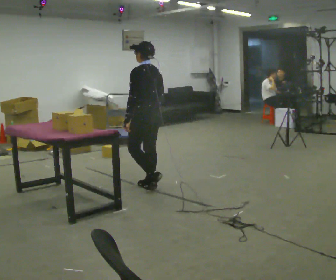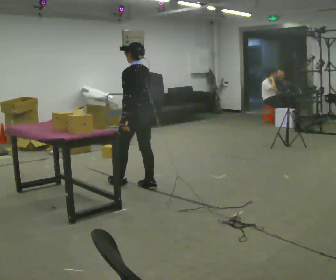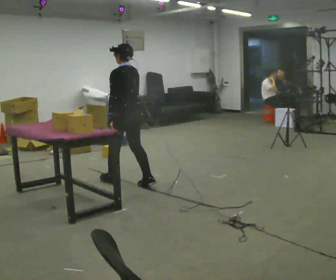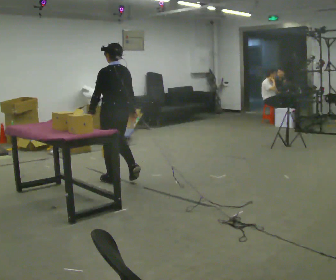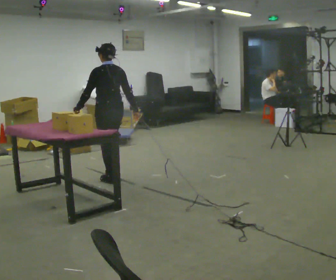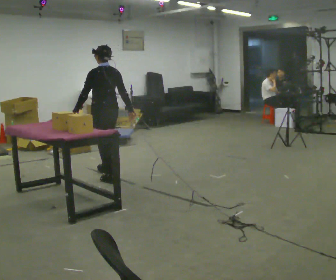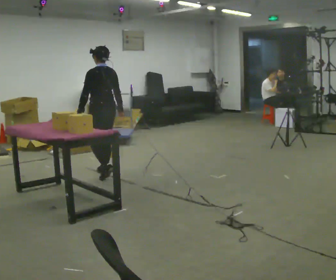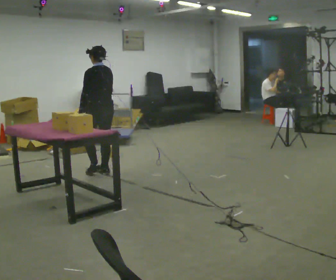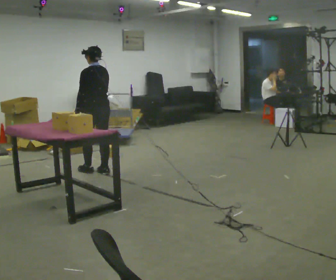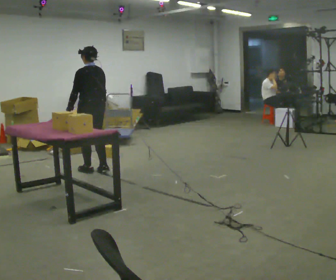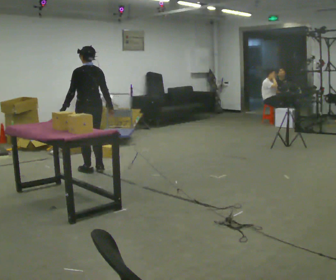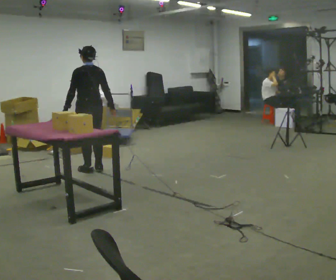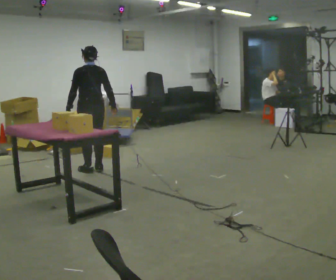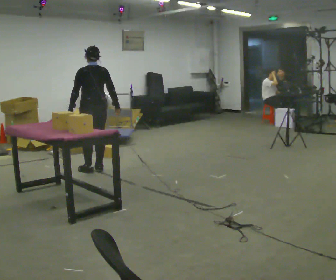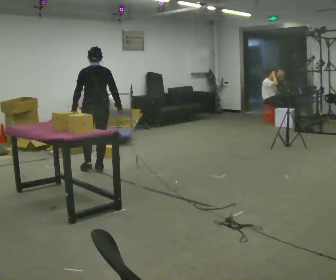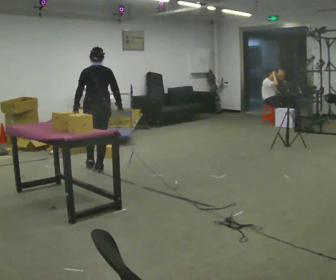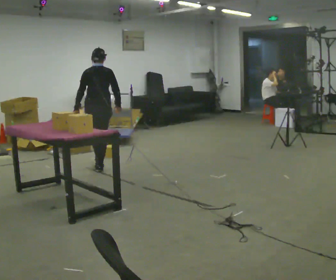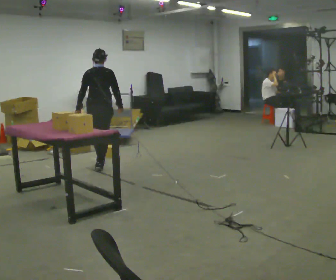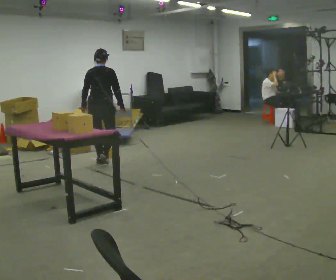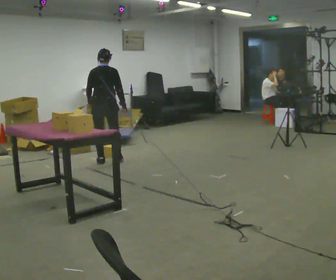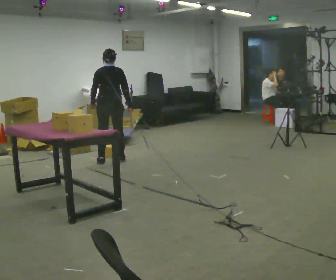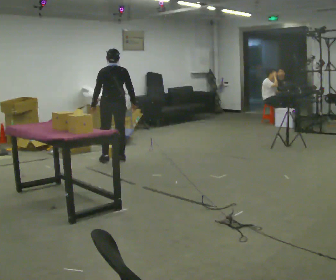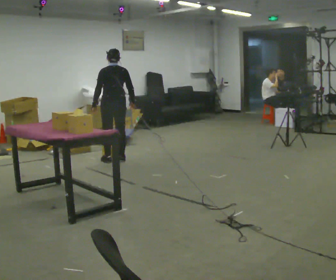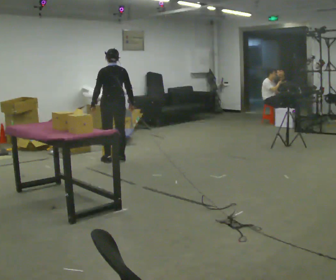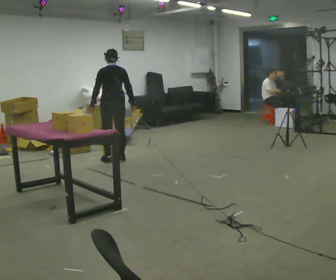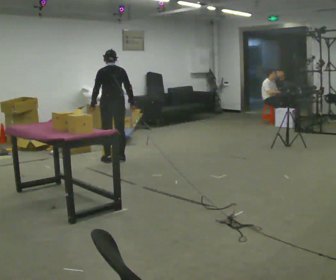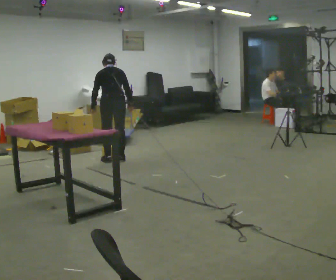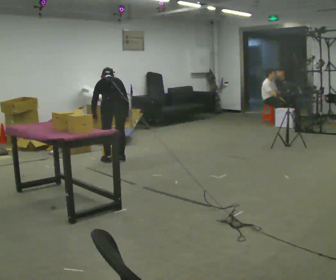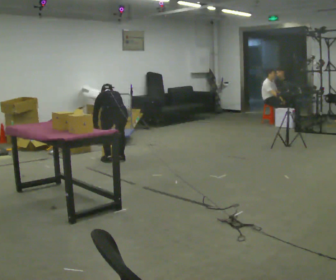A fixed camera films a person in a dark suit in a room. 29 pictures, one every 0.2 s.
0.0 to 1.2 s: In the picture they go away from the camera and to the left, about 1 m in 2 steps, which for them is forward.
1.2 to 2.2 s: In the picture they go away from the camera, about 0.25 m in 2 steps, which for them is forward.
2.2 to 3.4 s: Seen from above the body turns clockwise, about 45 degrees: to their right, with its near side sliding to the left. In the picture they go away from the camera, about 0.25 m in 1 step, which for them is forward.
3.4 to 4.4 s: In the picture they go to the right and away from the camera, about 0.25 m in 1 step, which for them is forward and to their right.
4.4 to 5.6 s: The upper body goes downward. The upper body tips away from the camera, its near side rolling upward, as they bend forward. In the picture their left hand goes downward.
The film runs forward here.
